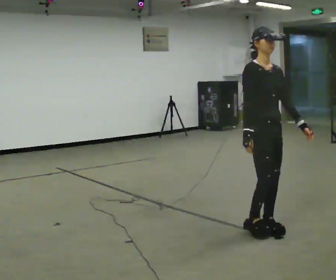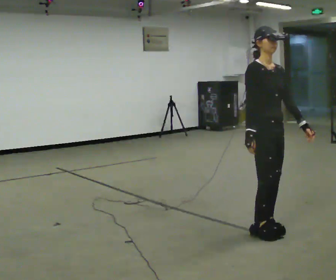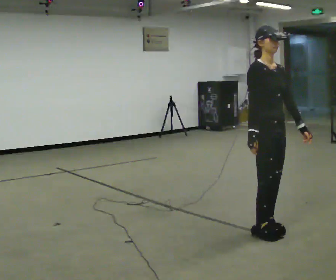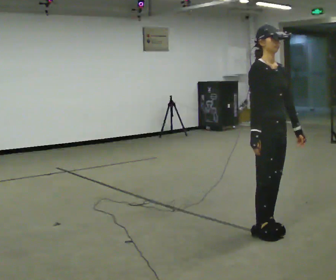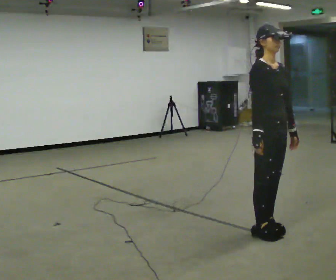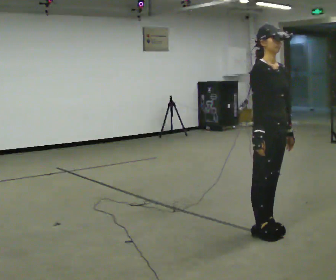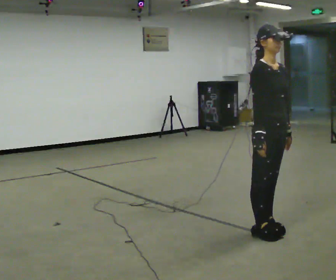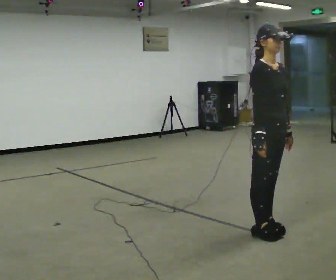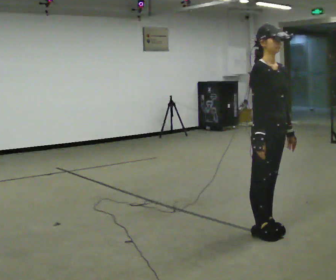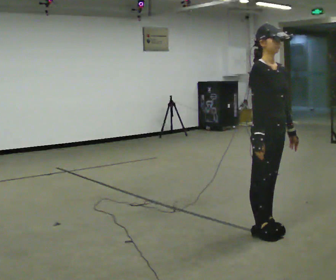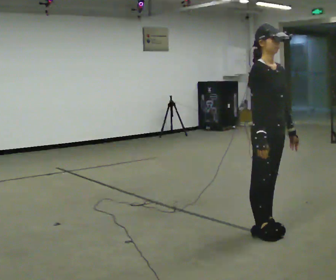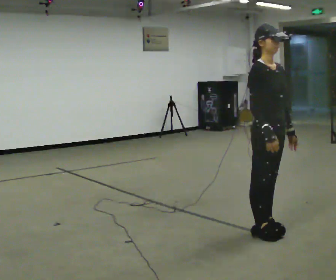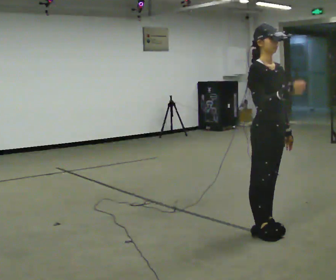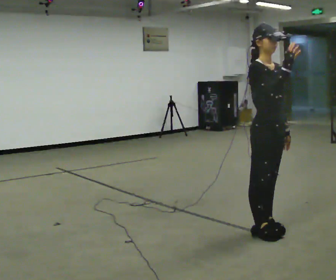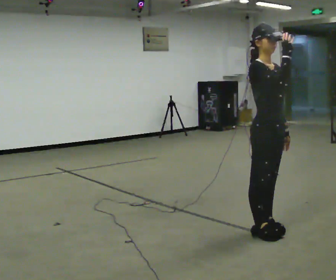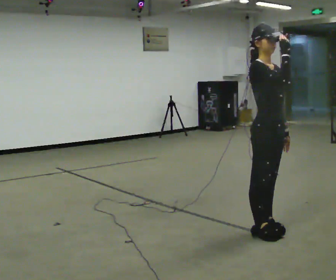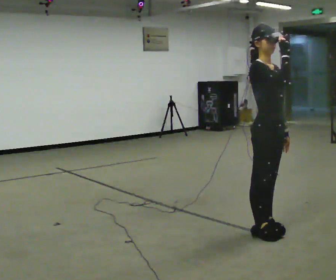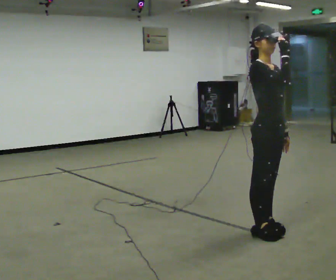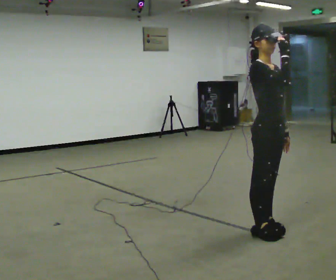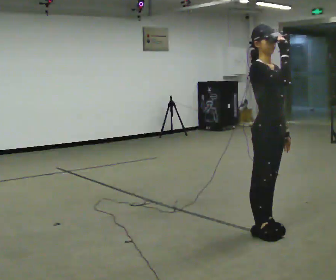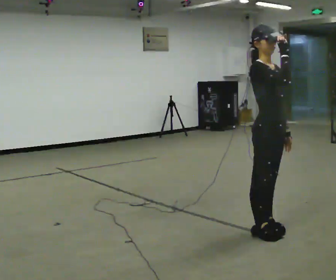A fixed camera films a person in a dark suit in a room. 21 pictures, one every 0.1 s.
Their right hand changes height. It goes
upward.
0.0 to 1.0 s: The person moves a little, or ends about where they began.
1.0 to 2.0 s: In the picture their right hand goes upward.
The film runs forward here.
